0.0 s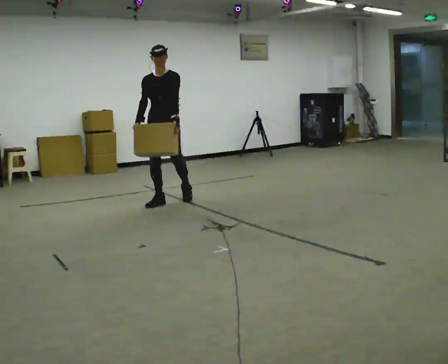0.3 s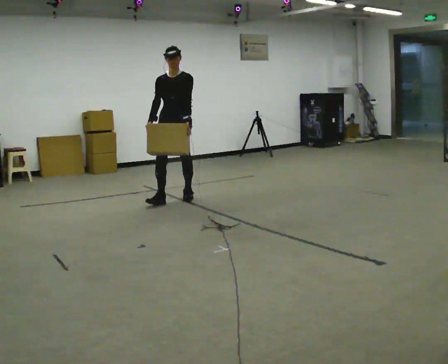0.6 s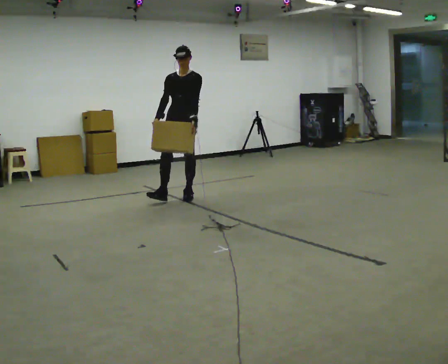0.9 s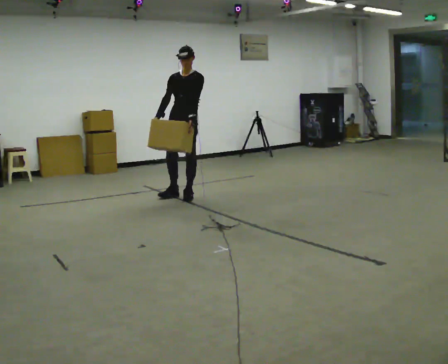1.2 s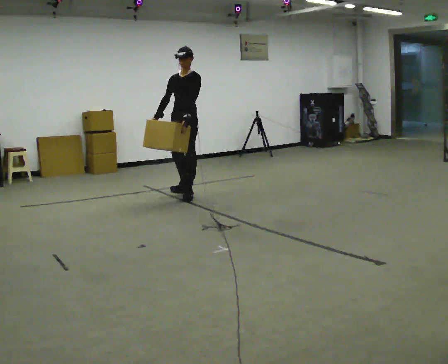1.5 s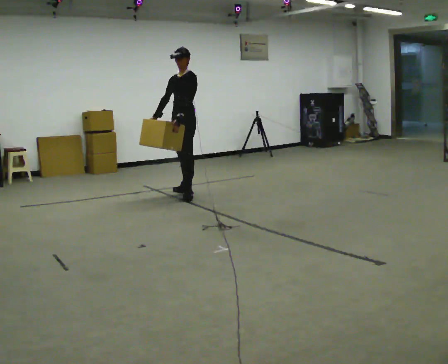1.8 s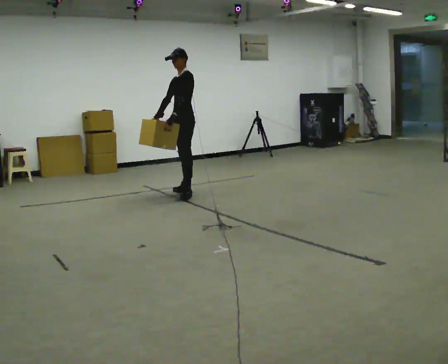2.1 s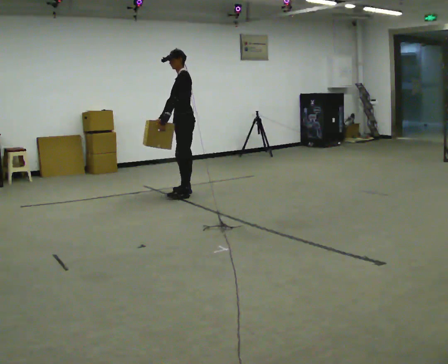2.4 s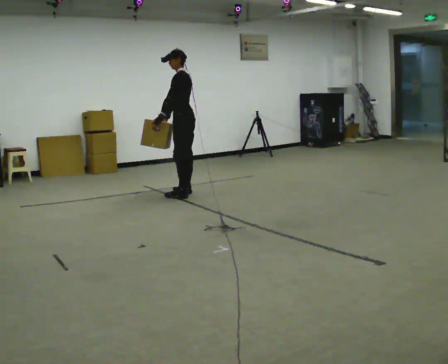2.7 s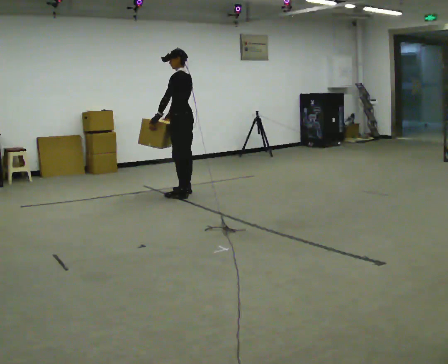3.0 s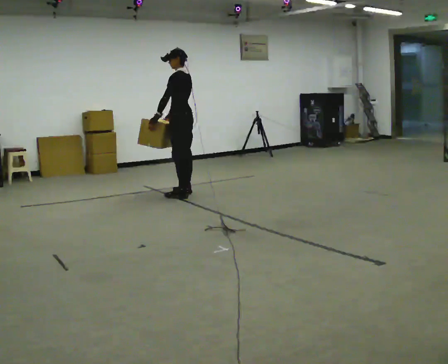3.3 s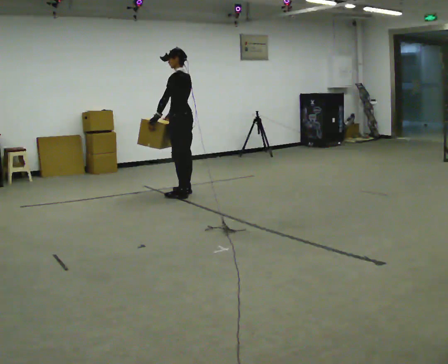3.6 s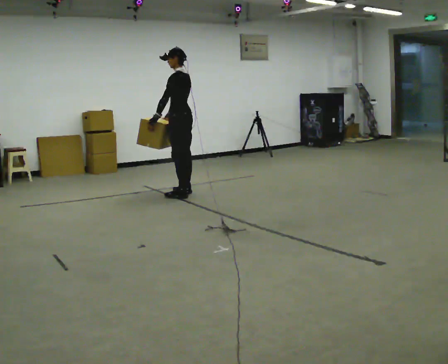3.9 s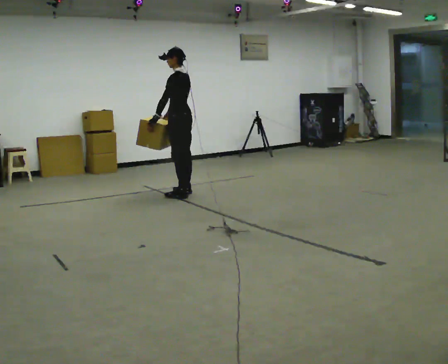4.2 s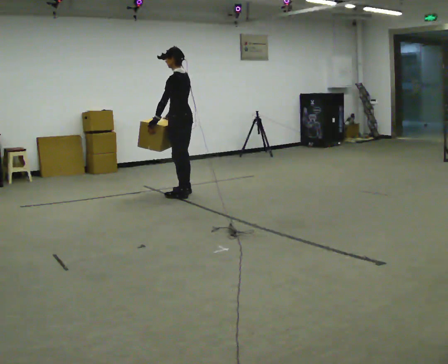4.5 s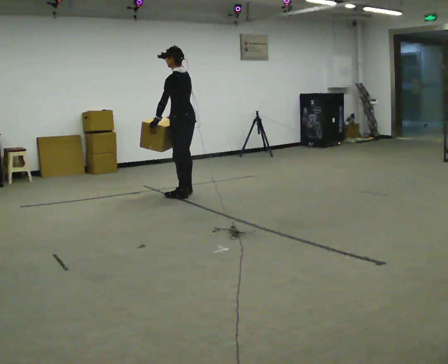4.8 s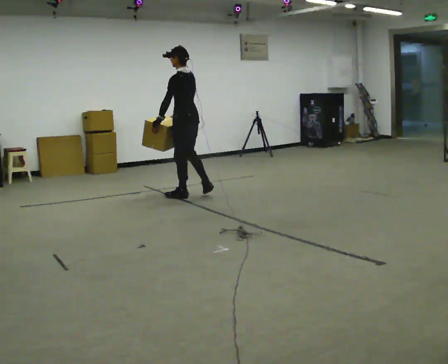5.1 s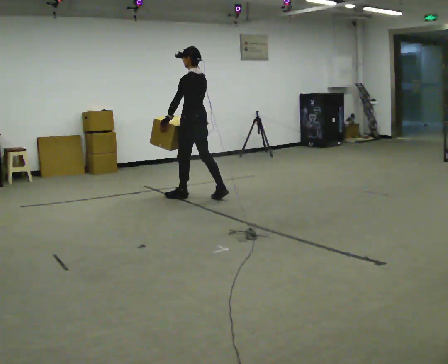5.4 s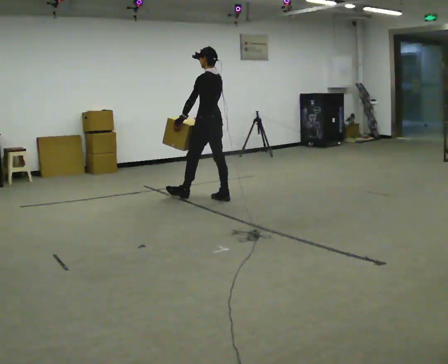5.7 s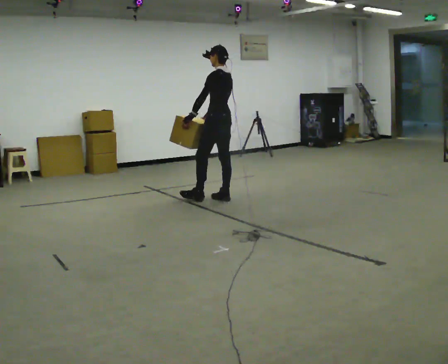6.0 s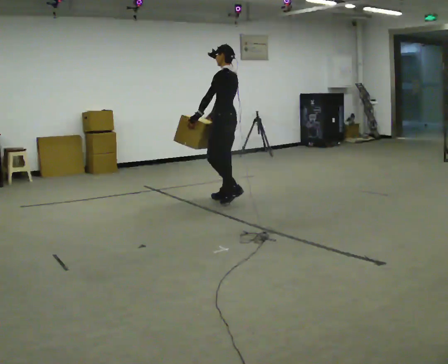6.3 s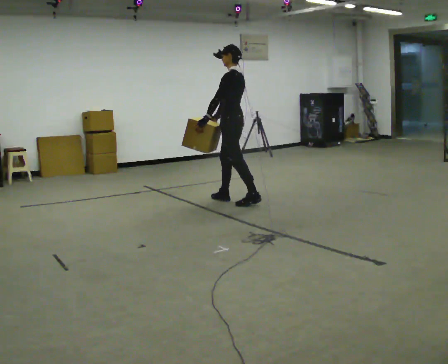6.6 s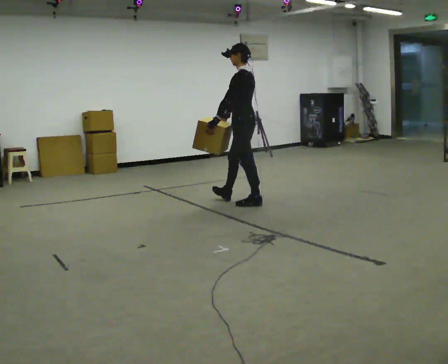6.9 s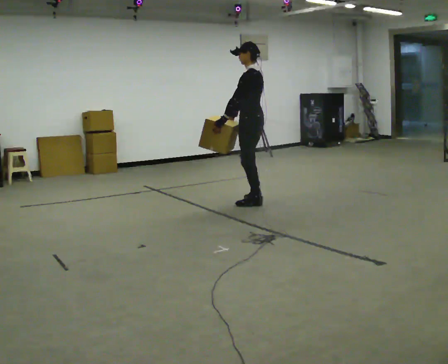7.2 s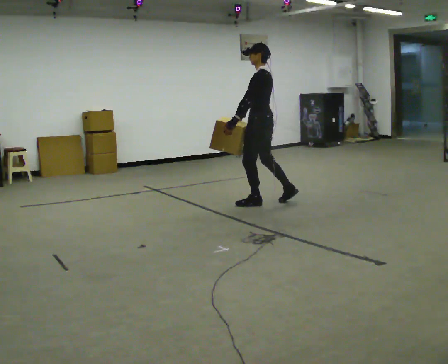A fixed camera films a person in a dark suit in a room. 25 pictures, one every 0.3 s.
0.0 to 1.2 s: The part of the body nearest the lens slides to the left as the person turns to their right by about 30 degrees. In the picture they go away from the camera and to the right, about 0.5 m in 1 step, which for them is backward and to their left.
1.2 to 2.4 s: The person turns about 60 degrees to their right, clockwise seen from above, so the part of the body nearest the lens slides to the left.
2.4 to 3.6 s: The person moves a little, or ends about where they began.
3.6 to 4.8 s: In the picture they go toward the camera, about 0.25 m in 1 step, which for them is to their left.
4.8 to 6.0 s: In the picture they go to the right and toward the camera, about 0.5 m in 1 step, which for them is backward.
6.0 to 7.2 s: In the picture they go to the right and toward the camera, about 0.5 m in 1 step, which for them is backward.
The film runs backward here.
